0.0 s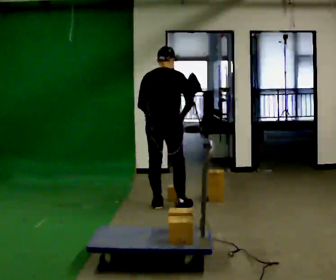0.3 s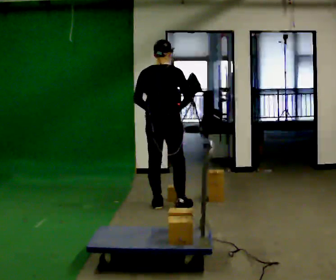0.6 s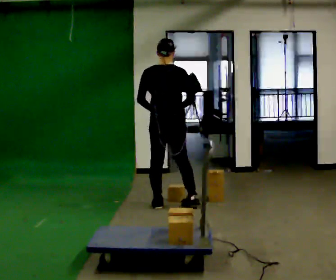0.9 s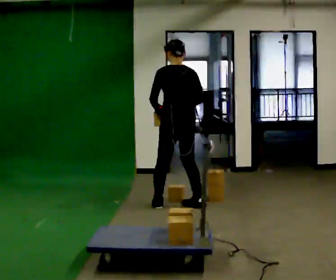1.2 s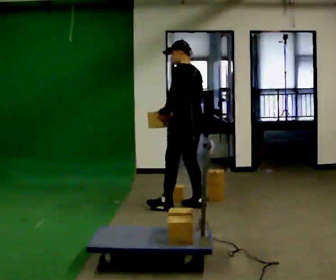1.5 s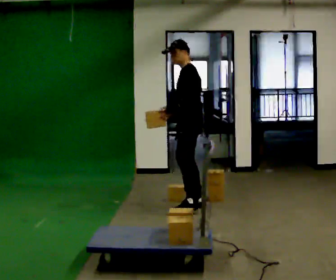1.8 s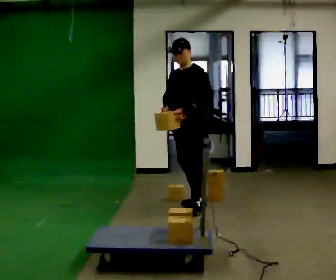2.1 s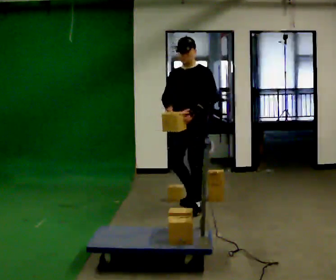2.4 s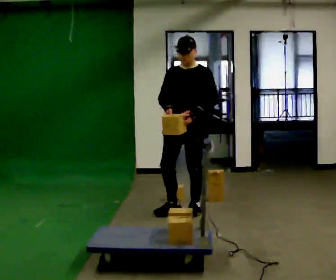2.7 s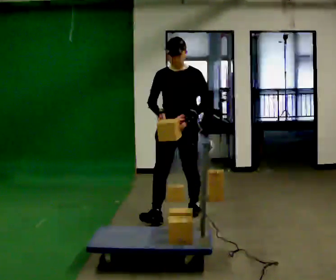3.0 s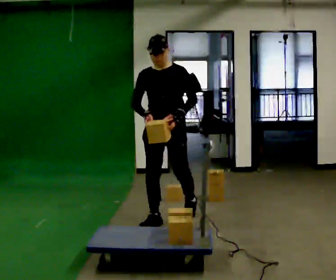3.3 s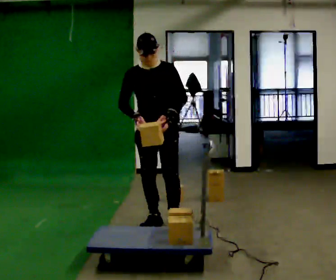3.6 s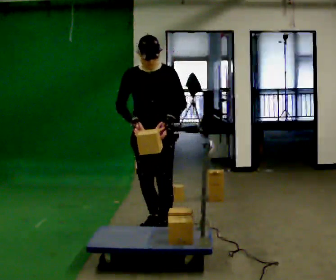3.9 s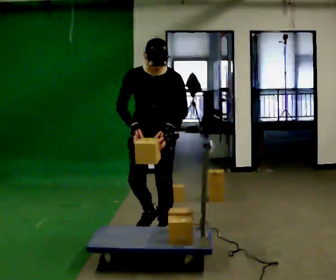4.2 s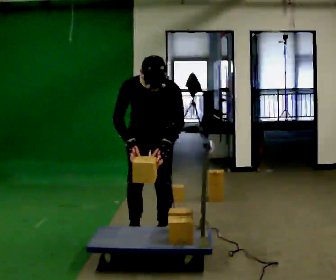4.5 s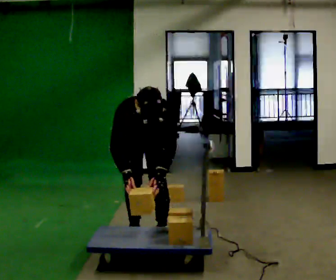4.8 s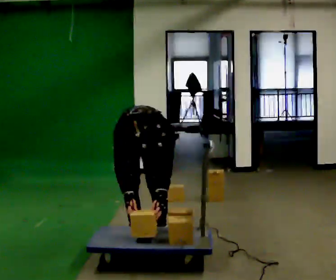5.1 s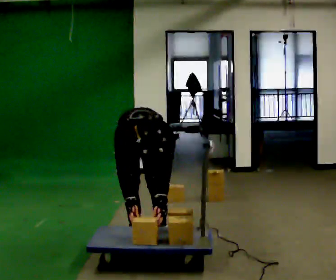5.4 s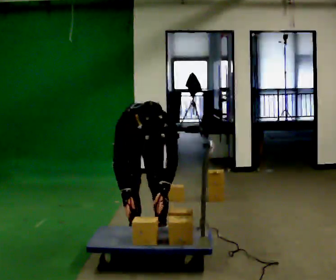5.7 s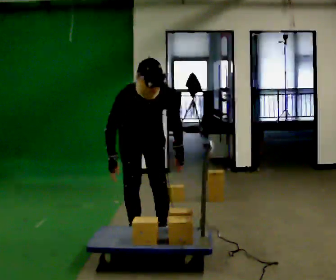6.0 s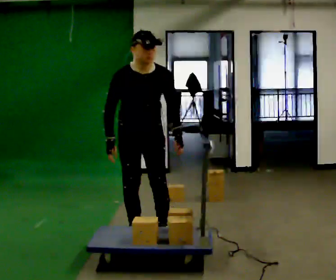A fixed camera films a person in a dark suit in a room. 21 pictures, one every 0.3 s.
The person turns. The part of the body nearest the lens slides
to the right.
The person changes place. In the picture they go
toward the camera.
0.0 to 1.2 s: The part of the body nearest the lens slides to the right as the person turns to their left by about 75 degrees. In the picture they go to the right, about 0.25 m in 1 step.
1.2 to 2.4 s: Seen from above the body turns counterclockwise, about 105 degrees: to their left, with its near side sliding to the right. In the picture they go toward the camera, about 0.25 m in 1 step.
2.4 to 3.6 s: In the picture they go toward the camera and to the left, about 0.5 m in 2 steps, which for them is forward.
3.6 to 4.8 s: In the picture they go toward the camera, about 0.25 m in 1 step, which for them is forward. The upper body goes downward. The upper body tips toward the camera, its near side rolling downward, as they bend forward. In the picture their left hand goes downward.
4.8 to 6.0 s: The upper body goes upward. The upper body tips away from the camera, its near side rolling upward, as they lean back or straighten. In the picture their left hand goes upward.
The film runs forward here.
